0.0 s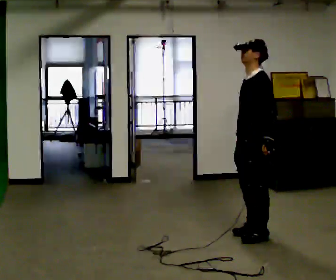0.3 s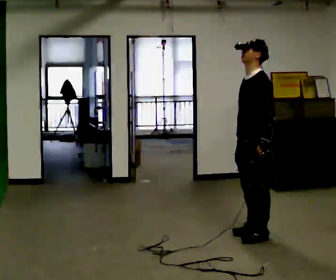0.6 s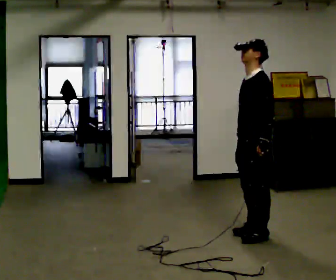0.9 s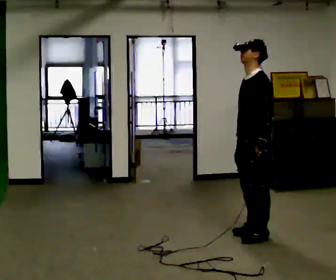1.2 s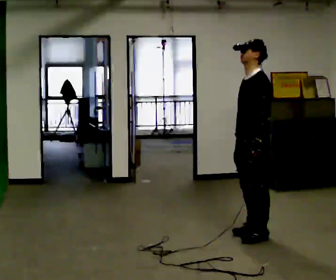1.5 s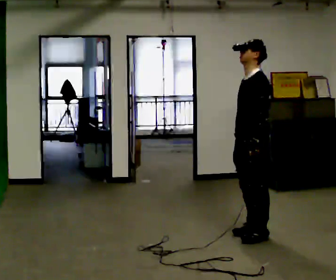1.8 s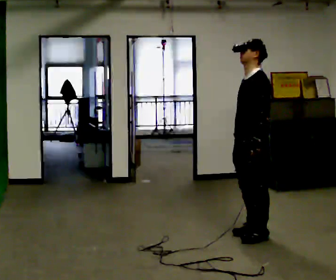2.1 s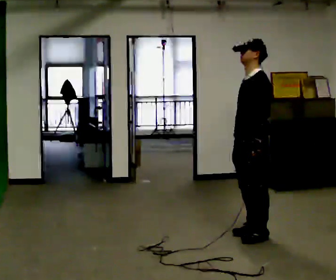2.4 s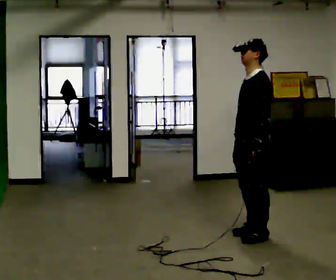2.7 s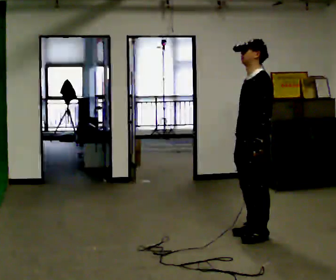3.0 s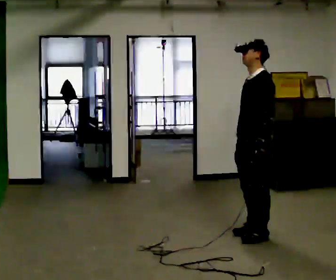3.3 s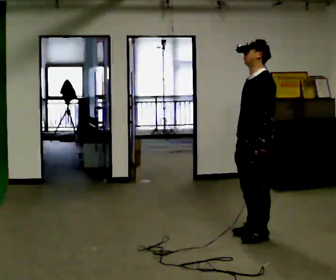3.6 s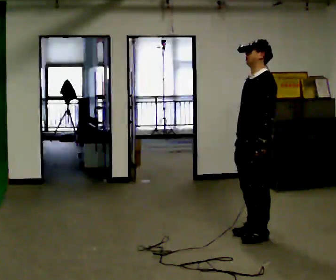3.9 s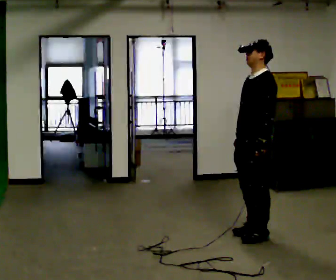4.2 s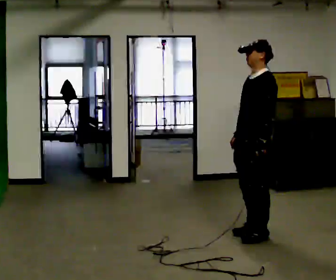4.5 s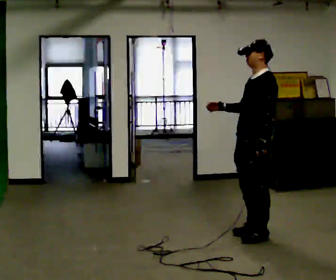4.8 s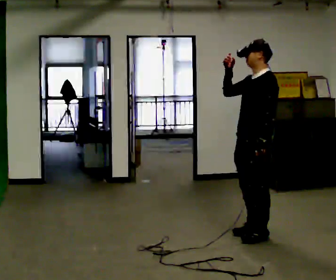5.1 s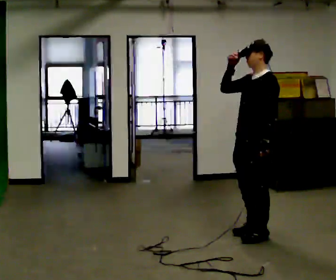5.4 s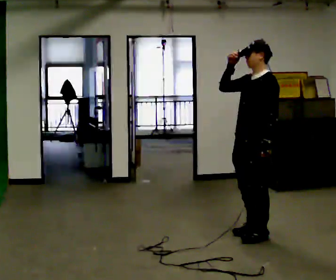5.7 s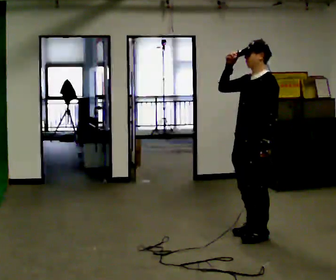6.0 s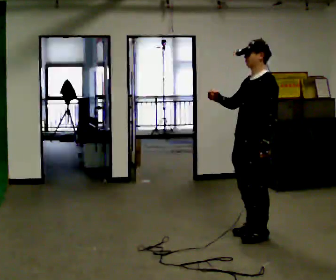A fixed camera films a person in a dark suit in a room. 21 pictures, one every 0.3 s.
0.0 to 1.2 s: The person moves a little, or ends about where they began.
1.2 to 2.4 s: The person keeps their place and pose.
2.4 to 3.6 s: The person moves a little, or ends about where they began.
3.6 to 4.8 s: In the picture their right hand goes upward.
4.8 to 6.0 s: The person moves a little, or ends about where they began.
The film runs forward here.
